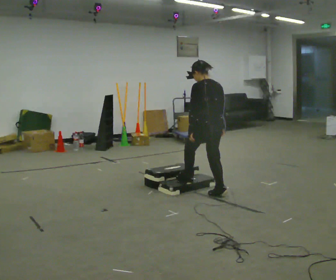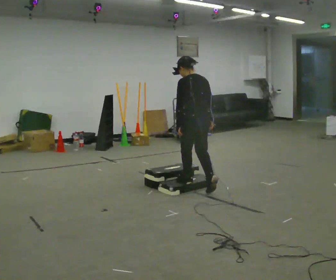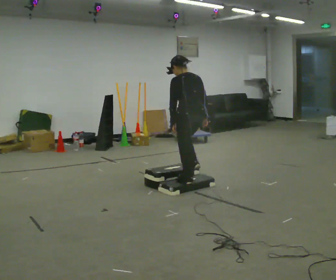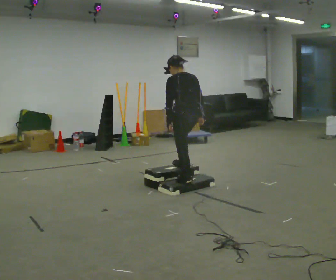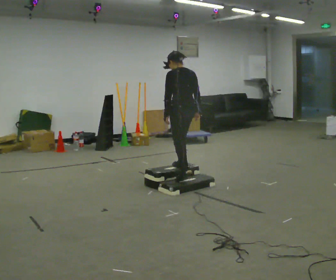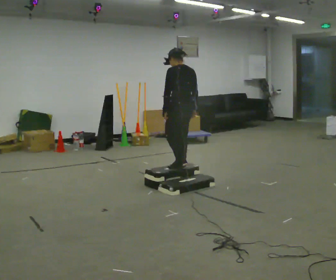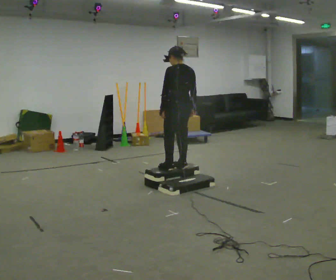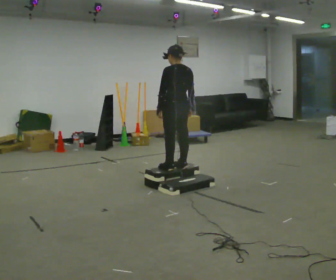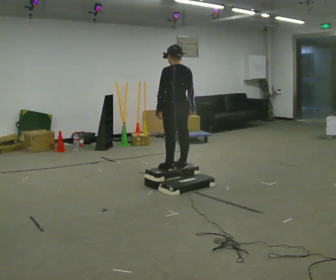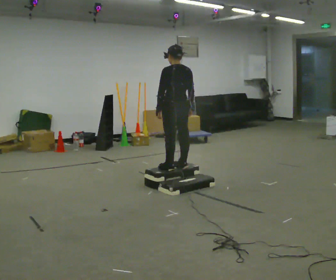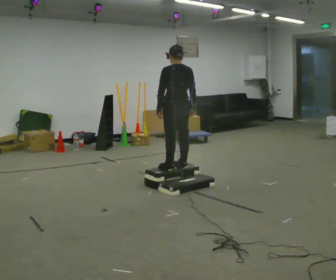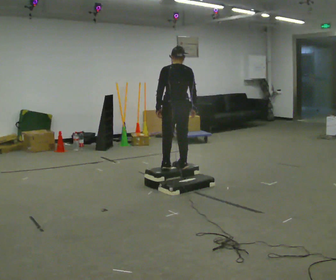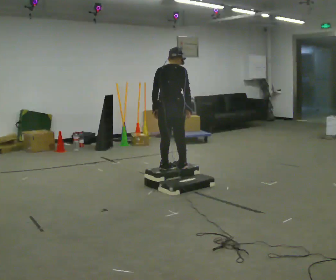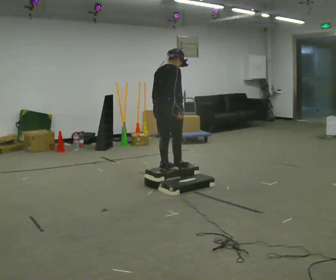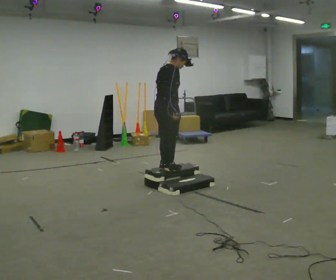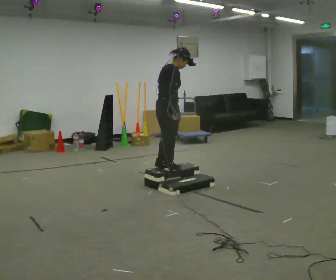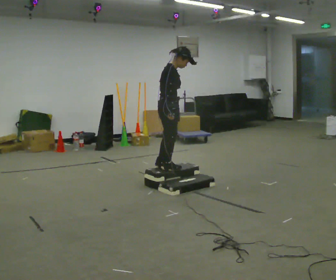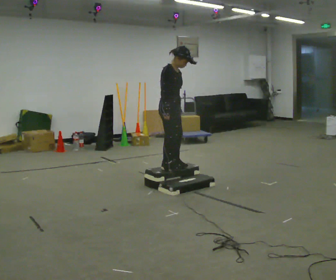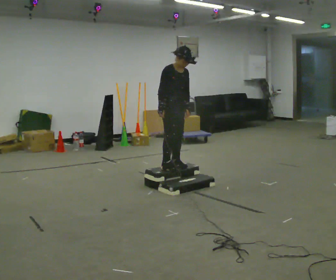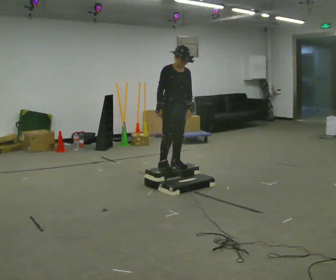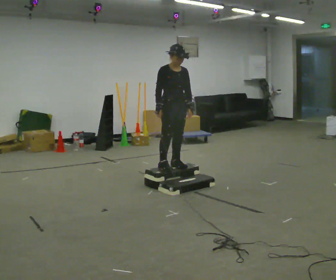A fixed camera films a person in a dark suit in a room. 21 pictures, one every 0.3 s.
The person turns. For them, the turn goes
to their right.
The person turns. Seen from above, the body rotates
clockwise.
0.0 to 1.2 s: In the picture they go away from the camera and to the left, about 0.5 m in 1 step, which for them is forward.
1.2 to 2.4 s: The person moves a little, or ends about where they began.
2.4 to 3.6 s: Seen from above the body turns clockwise, about 45 degrees: to their right, with its near side sliding to the left.
3.6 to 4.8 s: Seen from above the body turns clockwise, about 75 degrees: to their right, with its near side sliding to the left.
4.8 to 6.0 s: The person turns about 60 degrees to their right, clockwise seen from above, so the part of the body nearest the lens slides to the left.
The film runs forward here.
